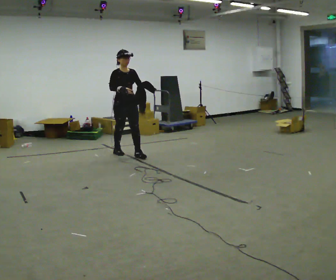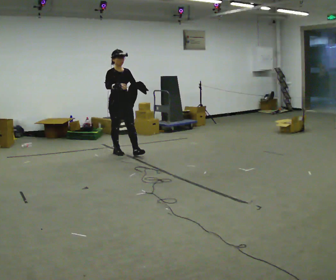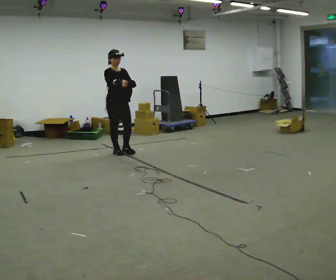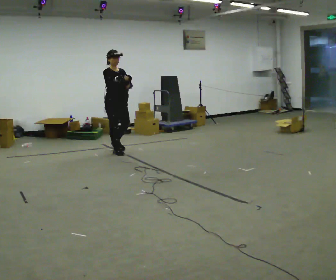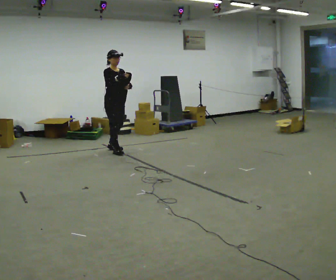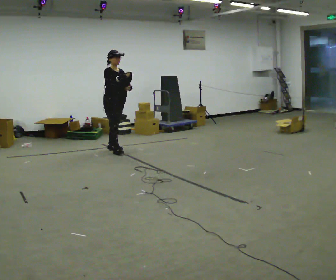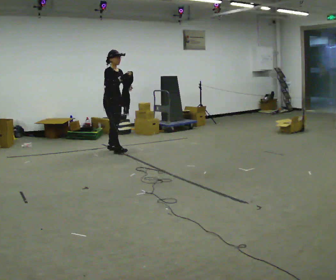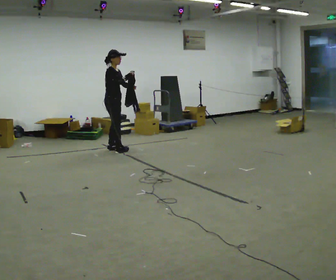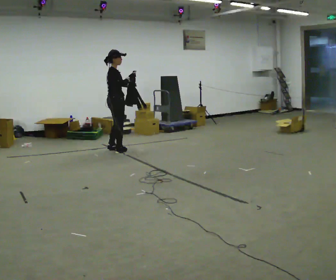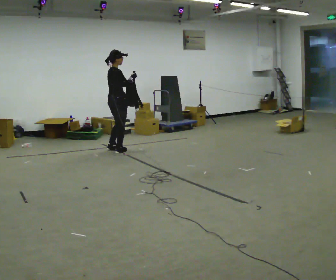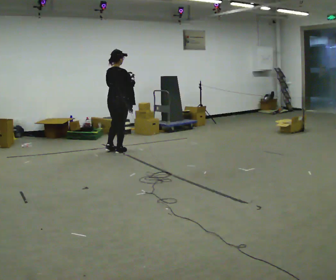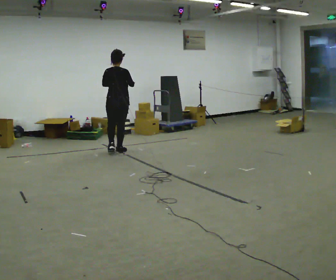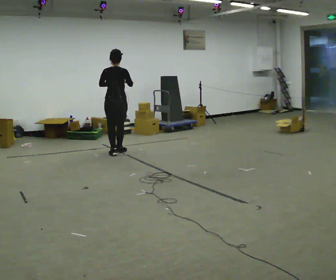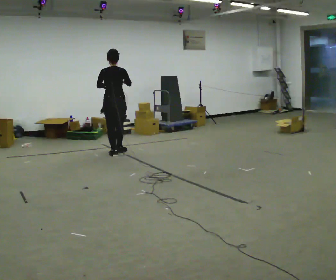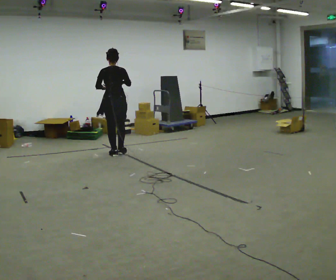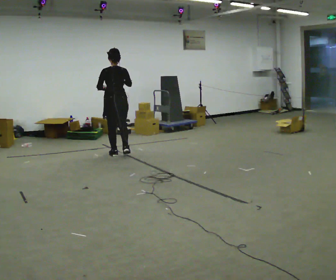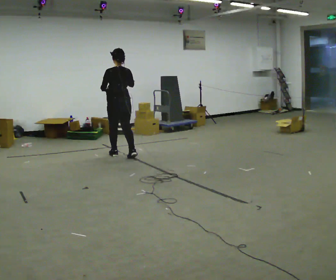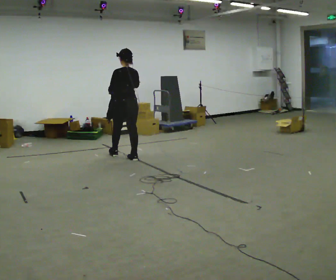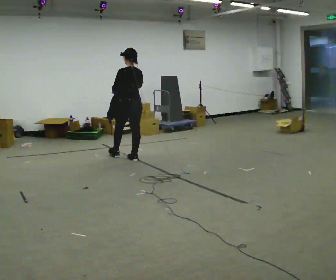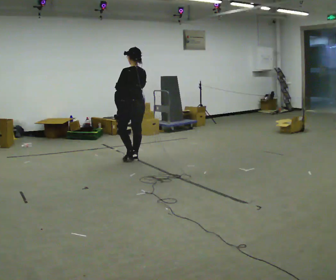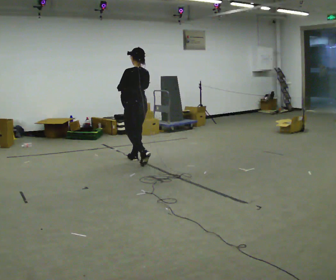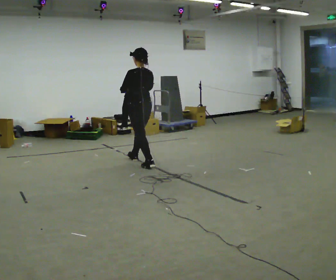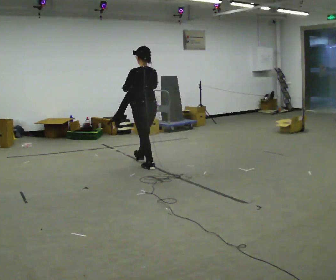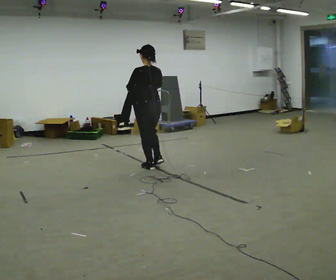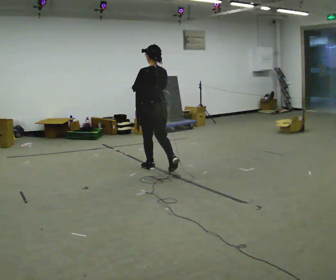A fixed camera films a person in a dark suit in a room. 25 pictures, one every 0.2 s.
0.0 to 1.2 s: Seen from above the body turns counterclockwise, about 30 degrees: to their left, with its near side sliding to the right. In the picture they go away from the camera and to the left, about 0.5 m in 1 step, which for them is backward.
1.2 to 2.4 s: The part of the body nearest the lens slides to the right as the person turns to their left by about 120 degrees. In the picture they go toward the camera, about 0.25 m in 1 step. In the picture their left hand goes to the left.
2.4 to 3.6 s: The part of the body nearest the lens slides to the right as the person turns to their left by about 30 degrees. In the picture they go toward the camera and to the right, about 0.5 m in 2 steps, which for them is backward and to their right.
3.6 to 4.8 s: In the picture they go toward the camera and to the right, about 0.75 m in 1 step, which for them is backward.
The film runs backward here.
